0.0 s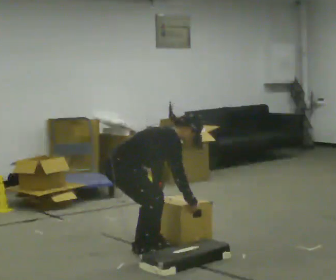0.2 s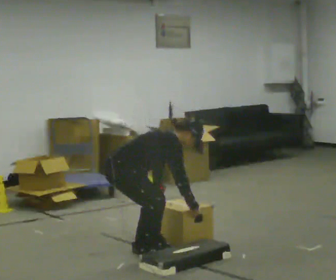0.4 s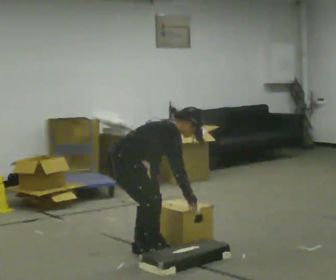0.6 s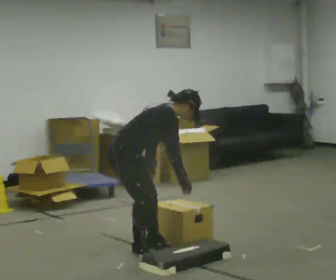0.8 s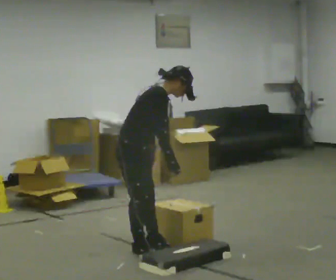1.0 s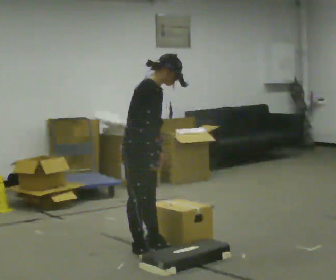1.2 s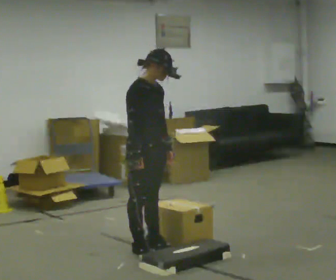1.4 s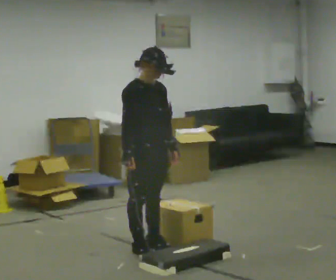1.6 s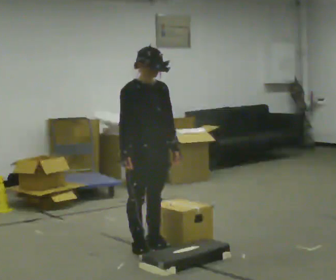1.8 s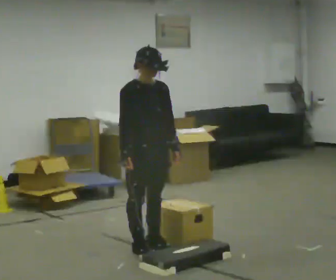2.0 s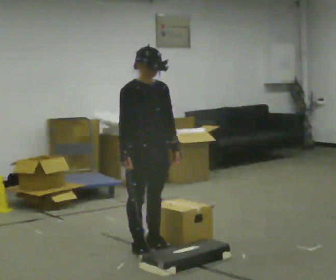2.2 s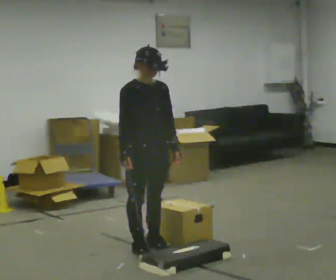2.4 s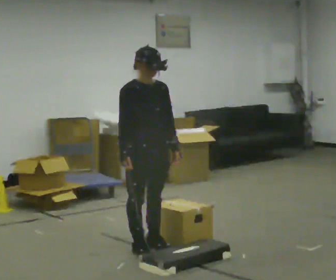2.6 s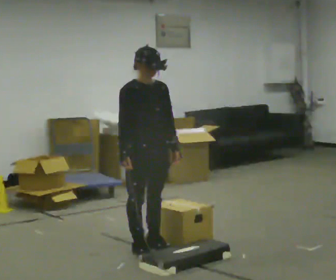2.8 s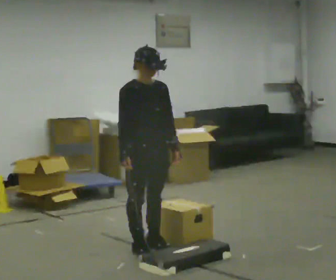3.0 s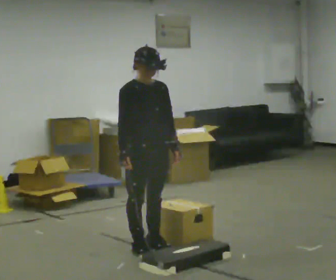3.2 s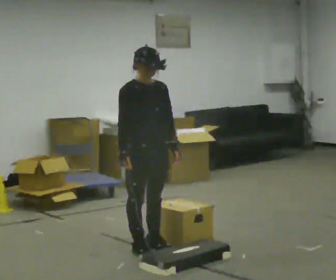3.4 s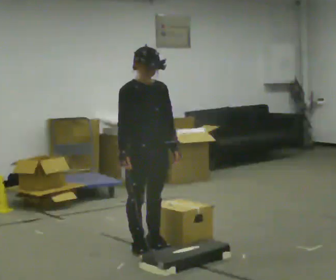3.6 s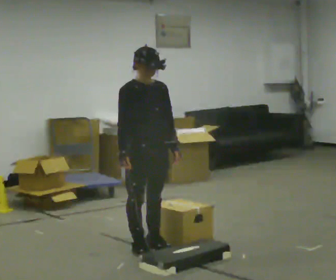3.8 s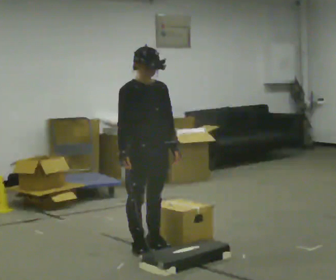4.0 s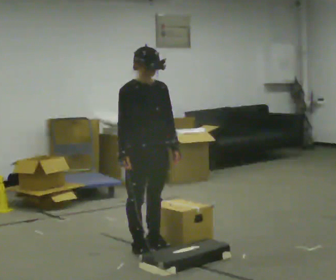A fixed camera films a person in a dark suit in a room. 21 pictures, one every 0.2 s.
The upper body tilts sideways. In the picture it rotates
counterclockwise.
The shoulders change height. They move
upward.
0.0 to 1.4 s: The person turns about 30 degrees to their right, clockwise seen from above, so the part of the body nearest the lens slides to the left. In the picture they go to the right, about 0.25 m, which for them is forward. The shoulders move upward. In the picture the upper body tilts counterclockwise, shoulders to the left, as they lean back or straighten. In the picture their left hand goes upward.
1.4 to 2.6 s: The person moves a little, or ends about where they began.
2.6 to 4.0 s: The person keeps their place and pose.
The film runs backward here.
